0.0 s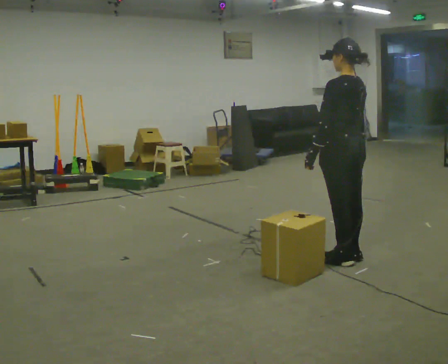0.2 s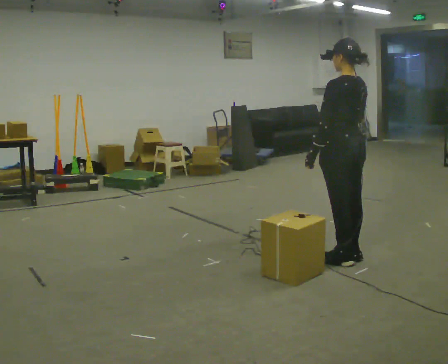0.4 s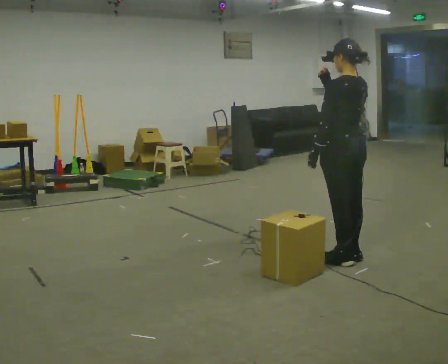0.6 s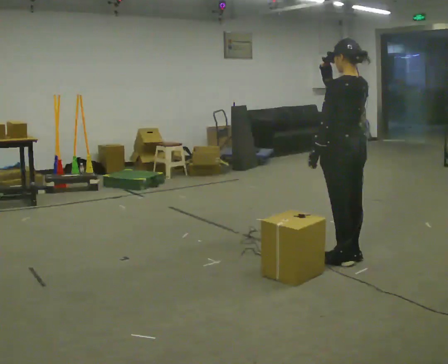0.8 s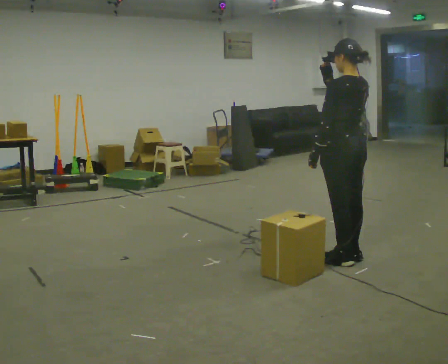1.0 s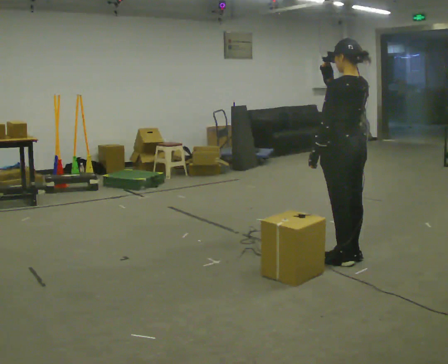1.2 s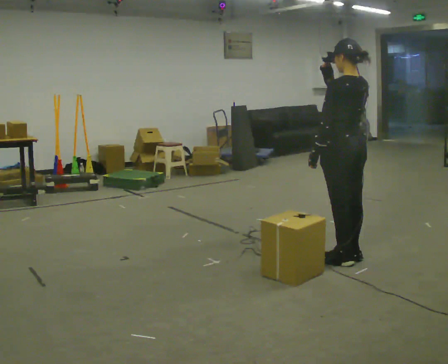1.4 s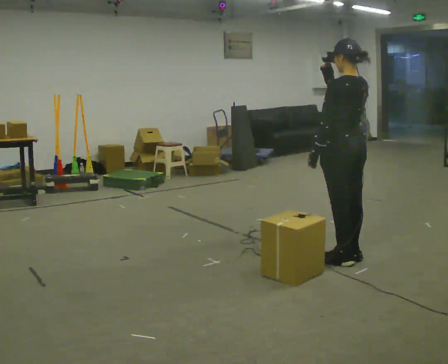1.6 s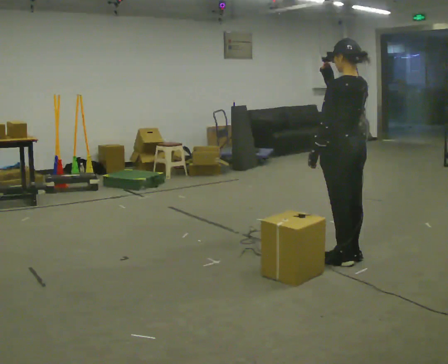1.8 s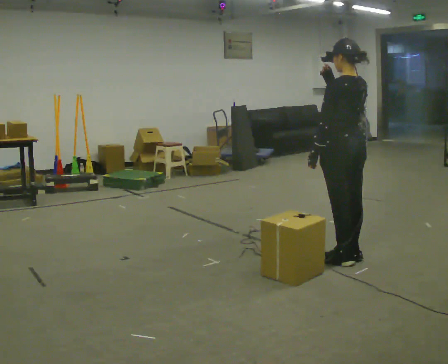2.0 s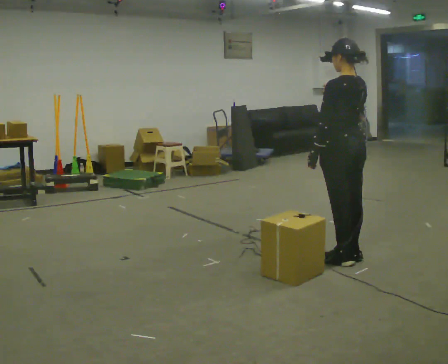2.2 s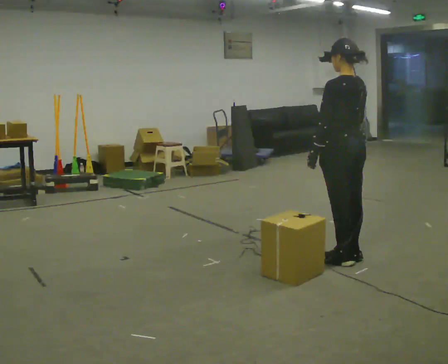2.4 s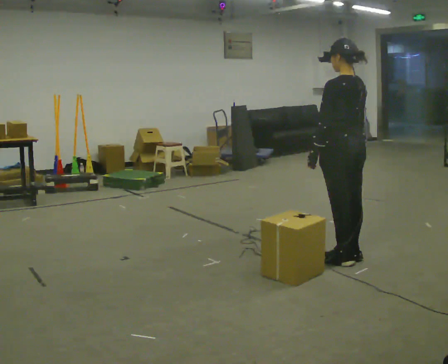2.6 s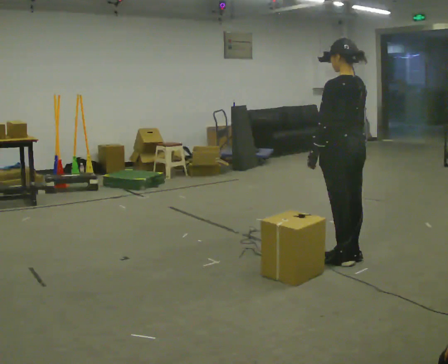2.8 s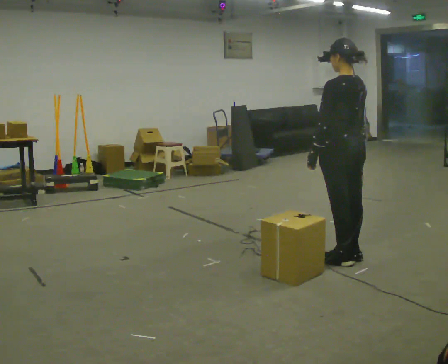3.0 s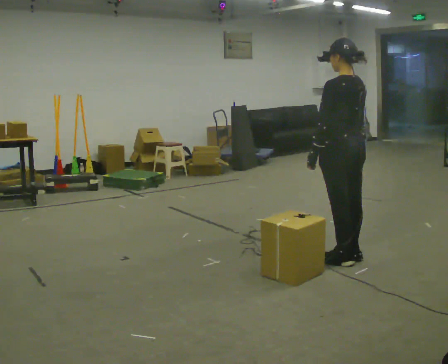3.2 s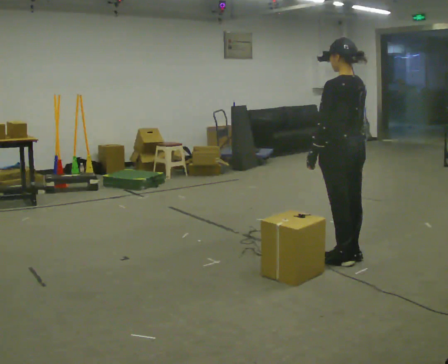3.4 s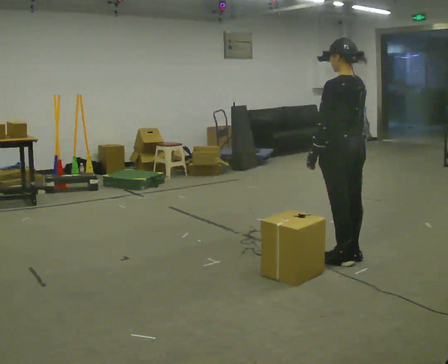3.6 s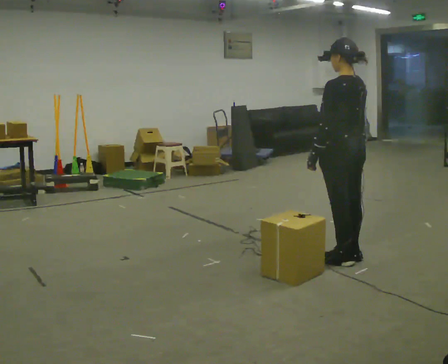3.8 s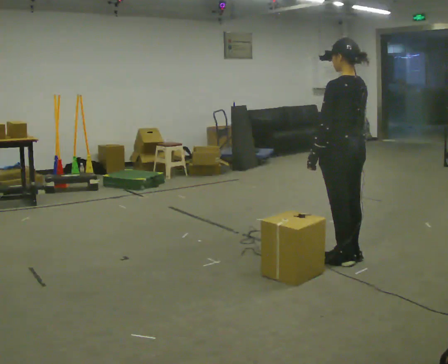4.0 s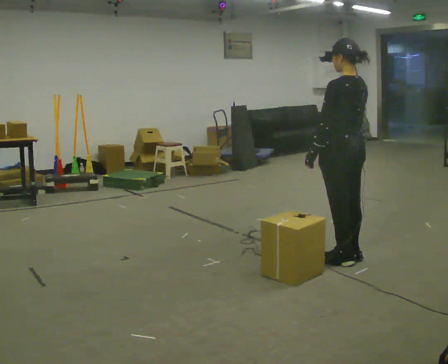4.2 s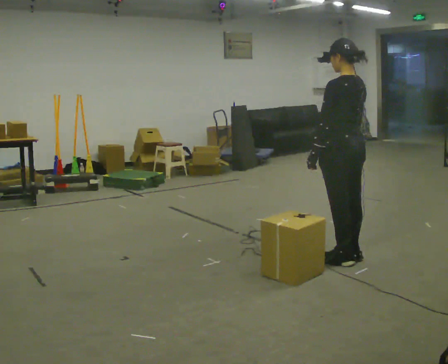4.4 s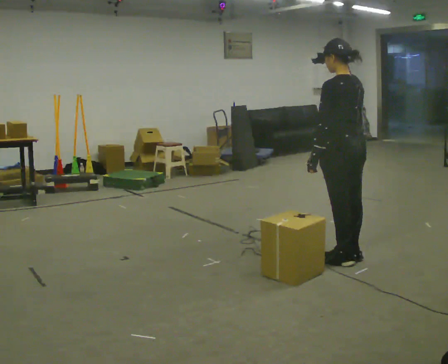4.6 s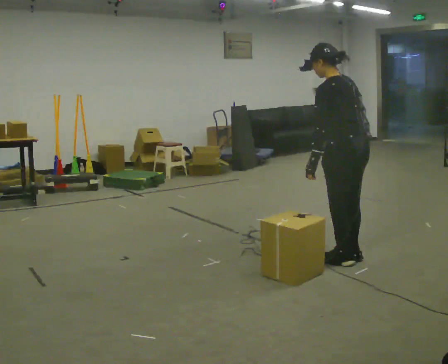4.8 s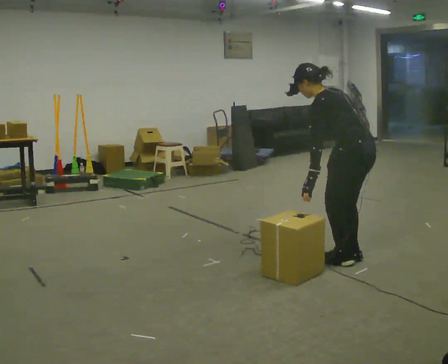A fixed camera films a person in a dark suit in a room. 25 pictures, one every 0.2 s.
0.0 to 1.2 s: In the picture their right hand goes upward.
1.2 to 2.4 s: In the picture their right hand goes downward.
2.4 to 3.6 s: The person moves a little, or ends about where they began.
3.6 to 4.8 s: In the picture the upper body tilts counterclockwise, shoulders to the left, as they bend forward.
The film runs backward here.
